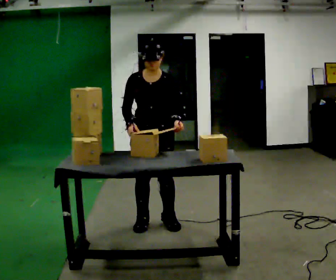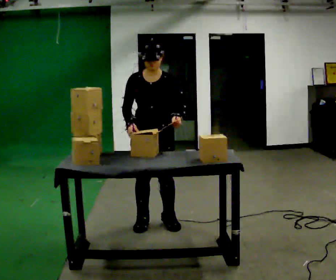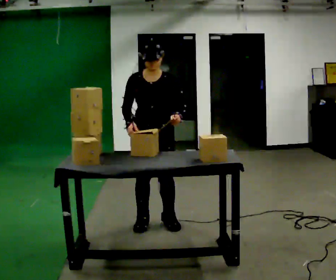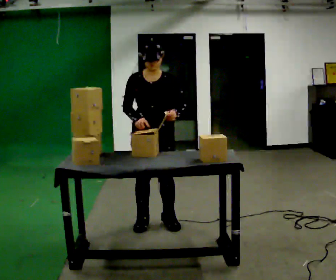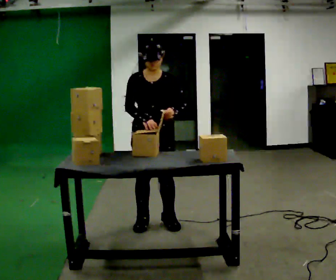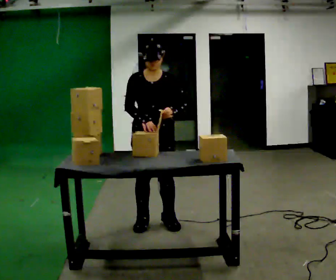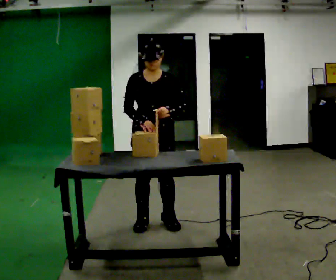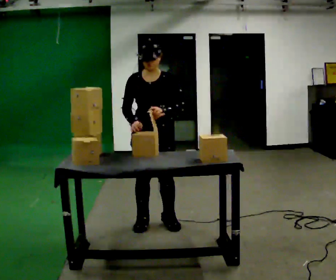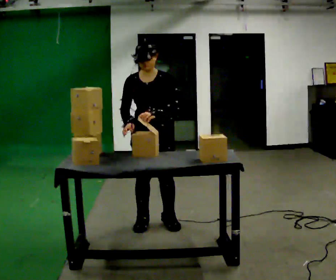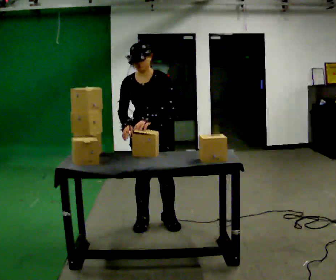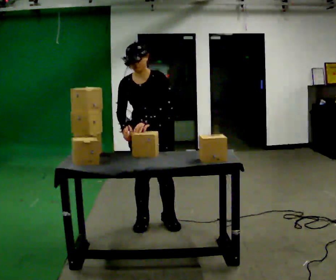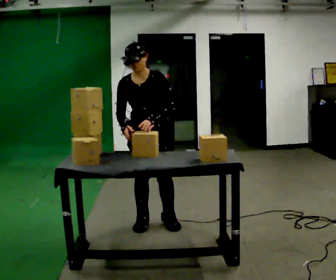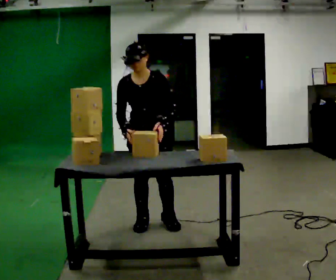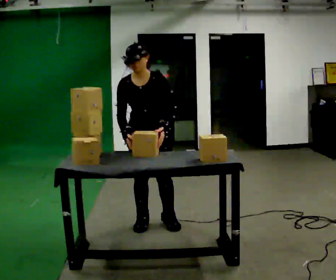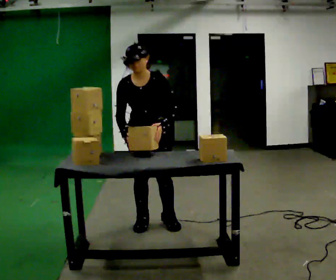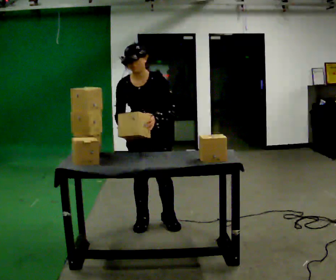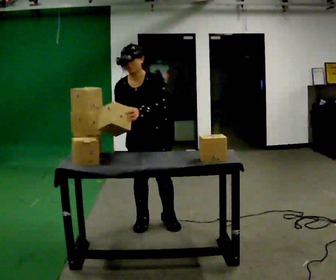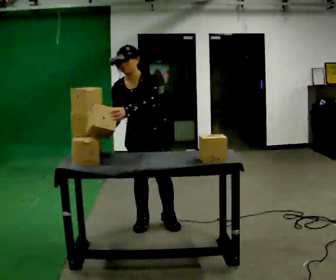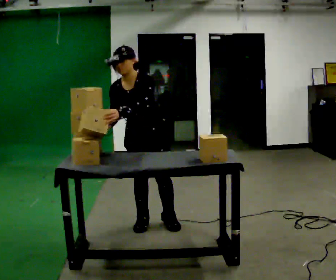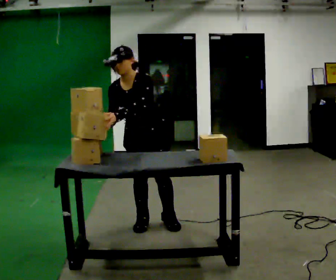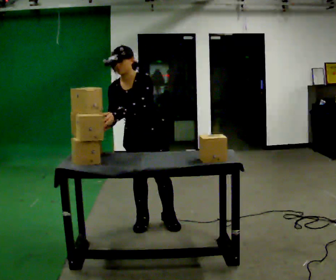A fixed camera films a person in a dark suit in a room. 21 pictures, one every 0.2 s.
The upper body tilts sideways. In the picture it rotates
counterclockwise.
0.0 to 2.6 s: The person moves a little, or ends about where they began.
2.6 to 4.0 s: In the picture their left hand goes to the left.
The film runs forward here.
